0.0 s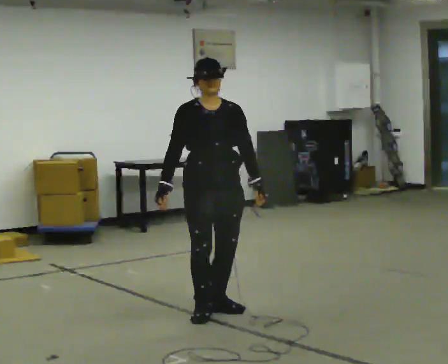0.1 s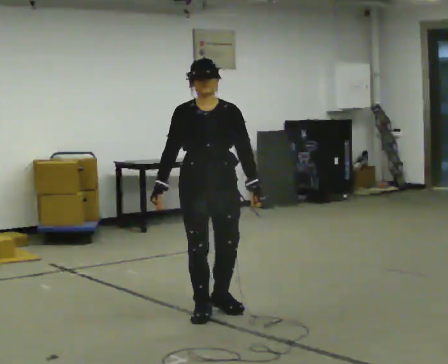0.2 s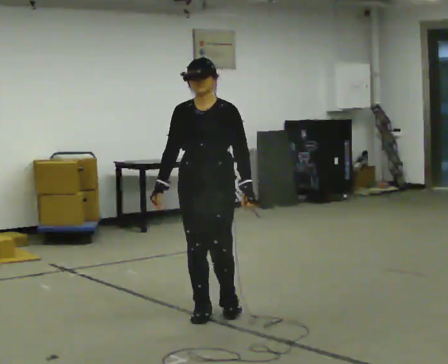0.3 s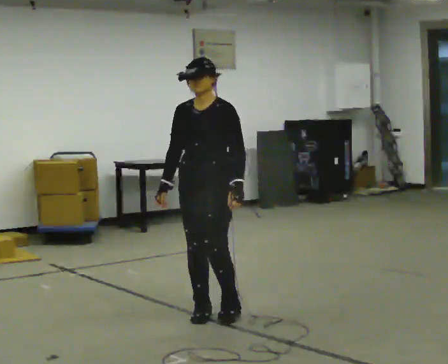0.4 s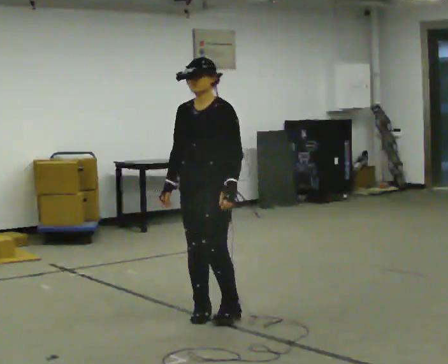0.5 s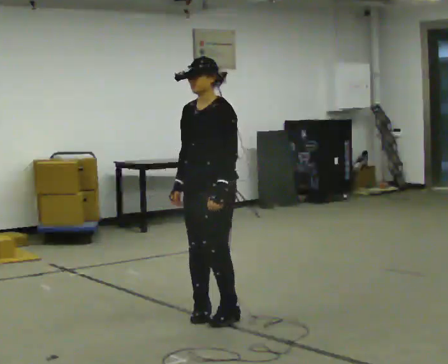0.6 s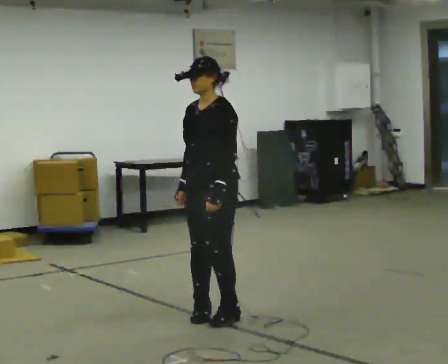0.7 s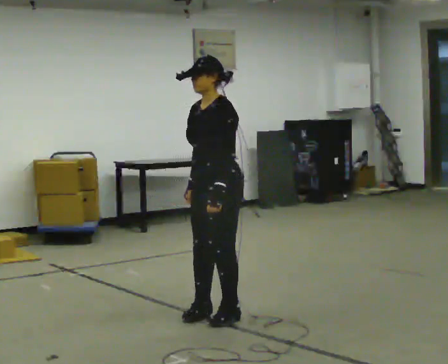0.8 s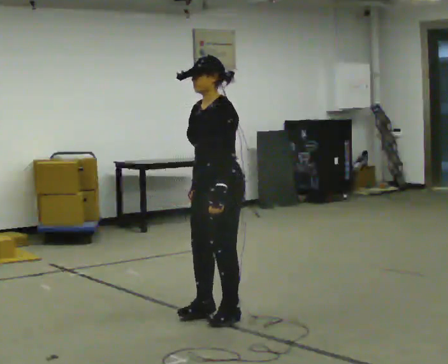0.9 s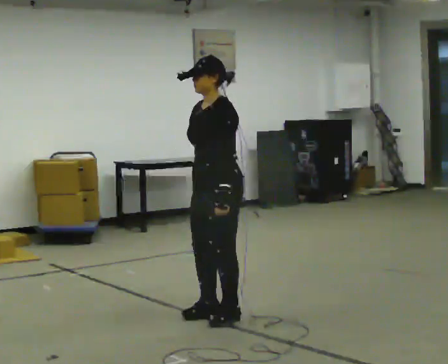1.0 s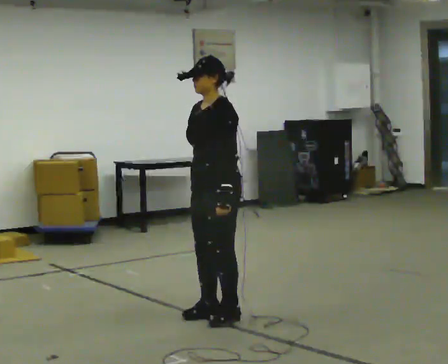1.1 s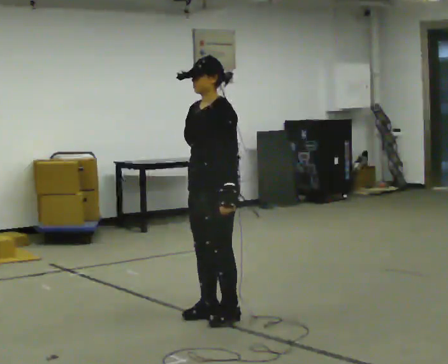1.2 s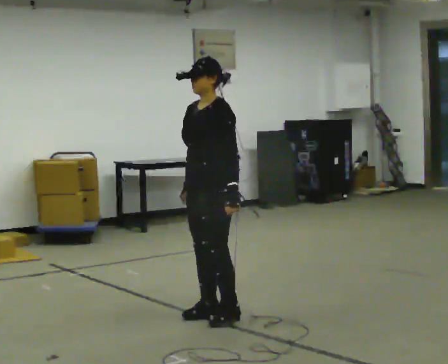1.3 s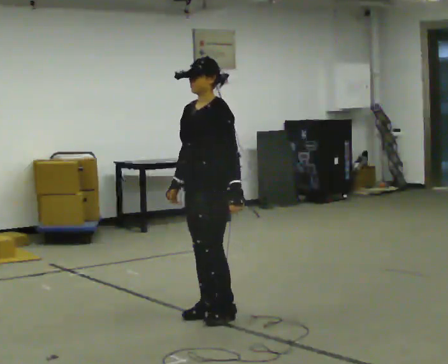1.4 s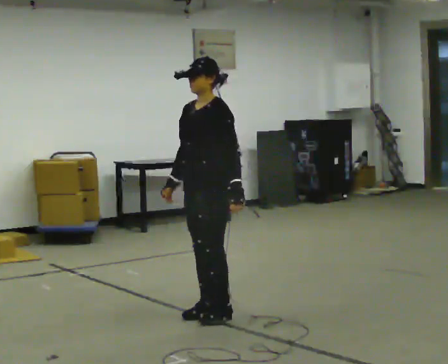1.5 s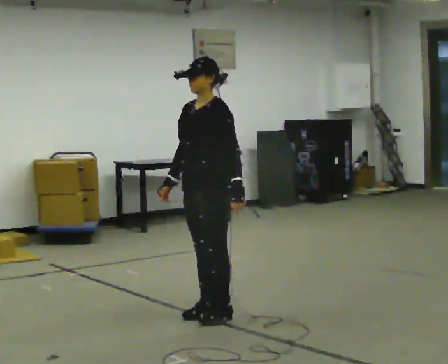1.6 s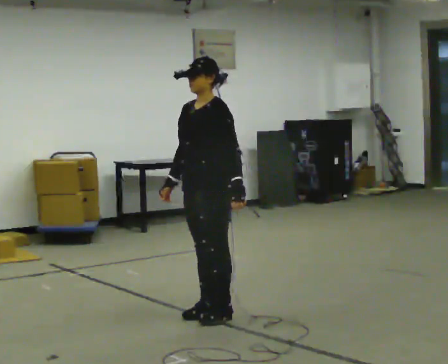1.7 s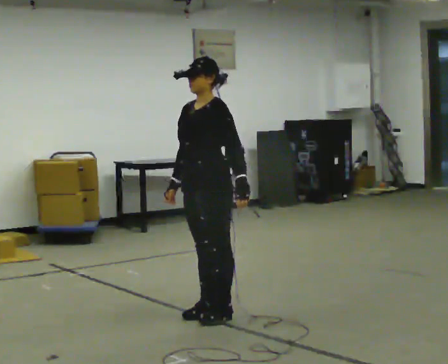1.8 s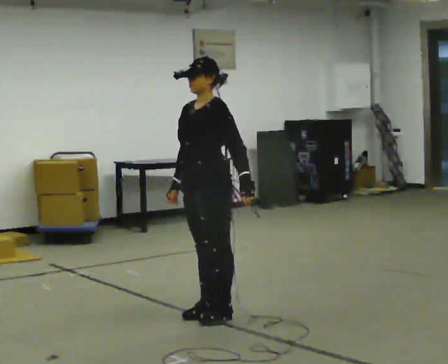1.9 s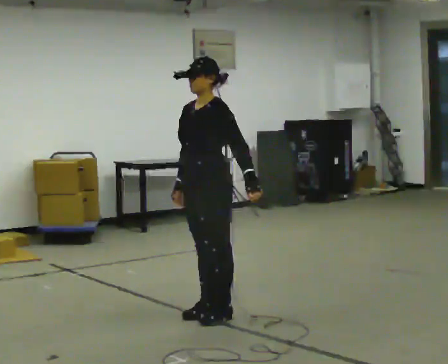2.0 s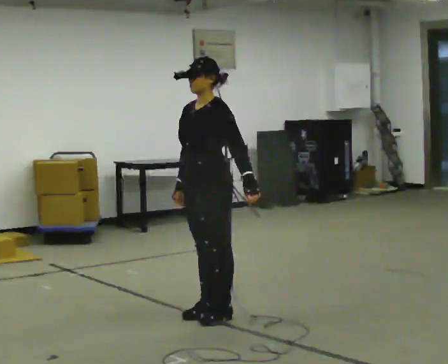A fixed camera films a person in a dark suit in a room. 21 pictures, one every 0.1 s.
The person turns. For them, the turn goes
to their right.
The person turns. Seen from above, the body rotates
clockwise.
0.0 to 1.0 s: The part of the body nearest the lens slides to the left as the person turns to their right by about 75 degrees.
1.0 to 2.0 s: The person moves a little, or ends about where they began.
The film runs forward here.
